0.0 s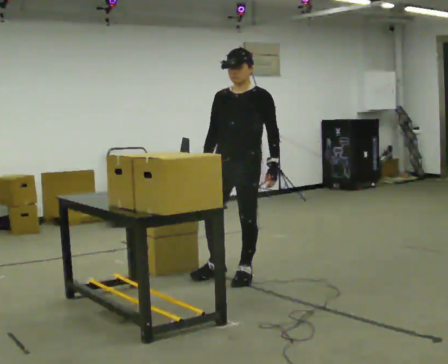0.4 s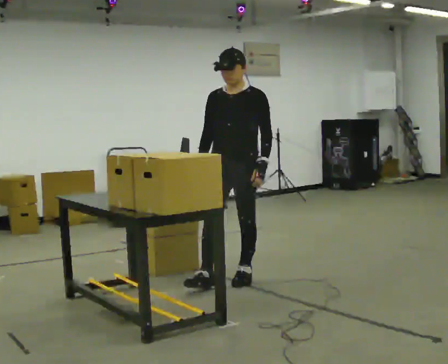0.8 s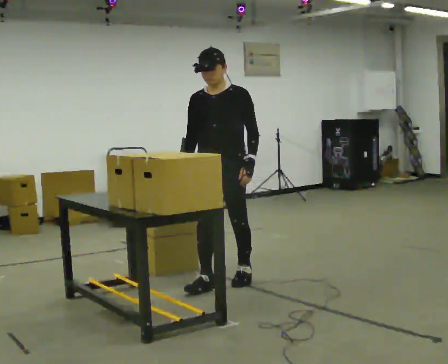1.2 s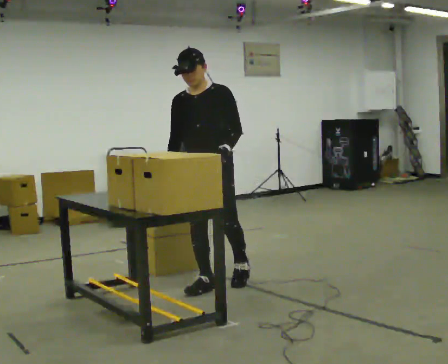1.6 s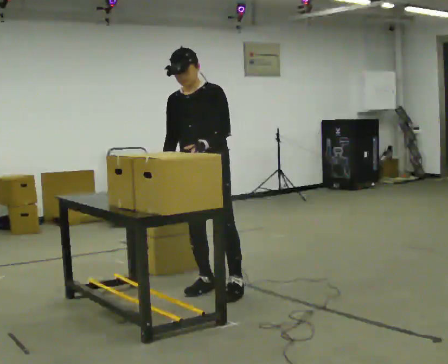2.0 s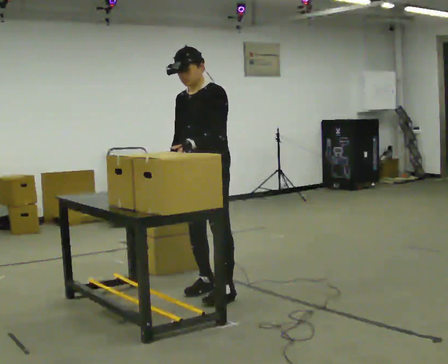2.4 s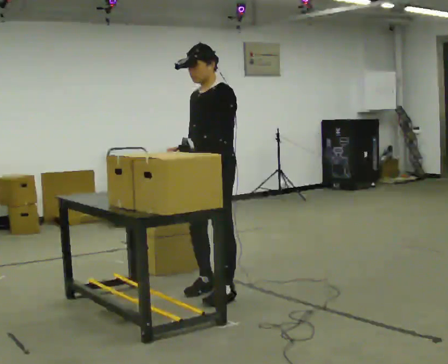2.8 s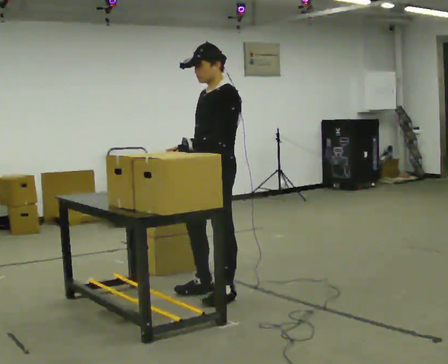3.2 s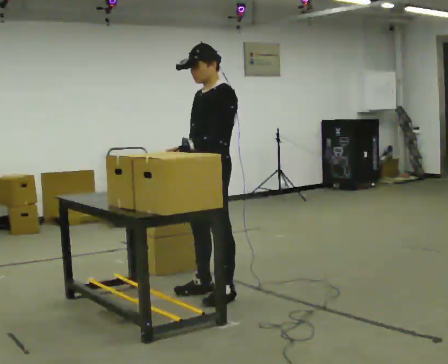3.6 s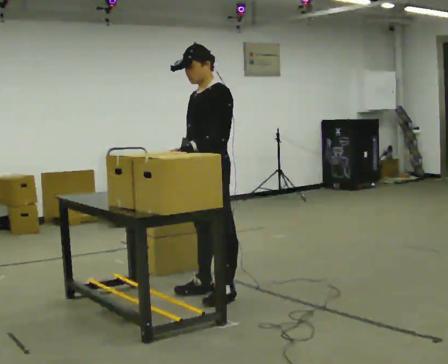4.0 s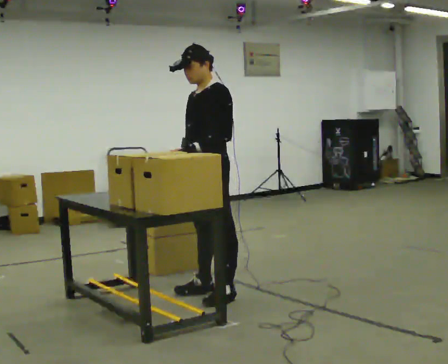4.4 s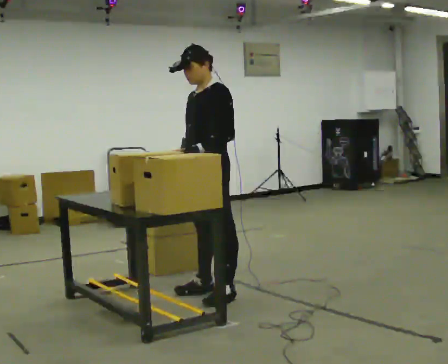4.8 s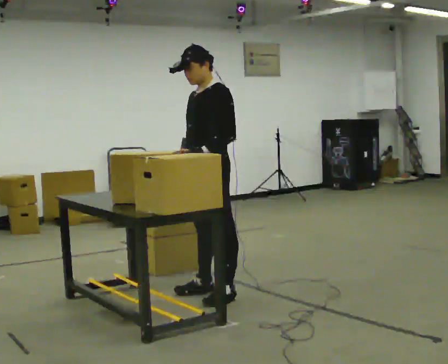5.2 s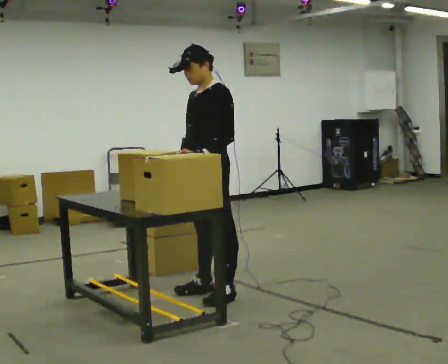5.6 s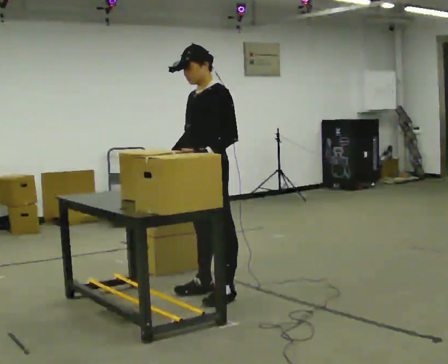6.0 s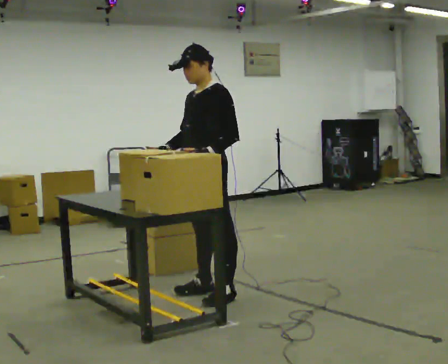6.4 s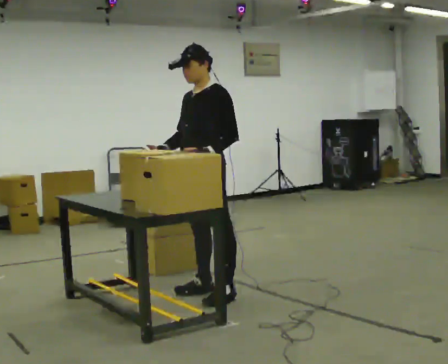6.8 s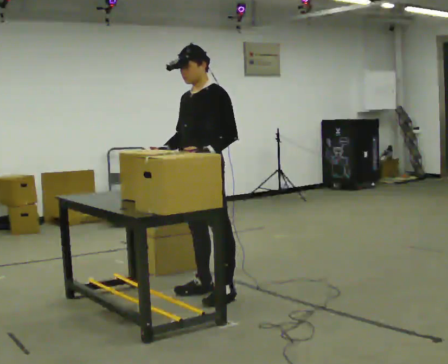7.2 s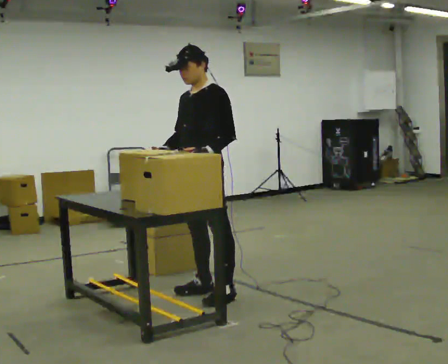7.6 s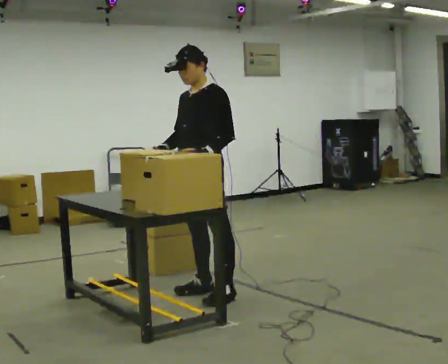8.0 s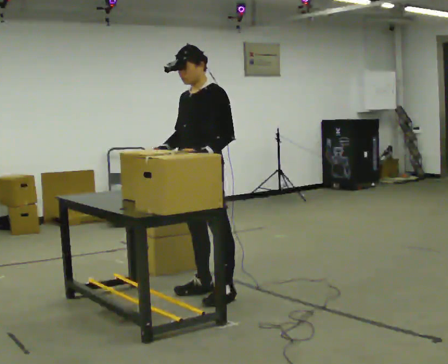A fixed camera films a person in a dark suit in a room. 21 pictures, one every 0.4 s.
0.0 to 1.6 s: In the picture they go to the left and toward the camera, about 0.25 m in 1 step, which for them is forward and to their right. In the picture the upper body tilts counterclockwise, shoulders to the left.
1.6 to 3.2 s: The part of the body nearest the lens slides to the left as the person turns to their right by about 30 degrees. In the picture they go toward the camera, about 0.25 m in 1 step, which for them is to their left. In the picture the upper body tilts clockwise, shoulders to the right.
3.2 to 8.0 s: The person moves a little, or ends about where they began.
The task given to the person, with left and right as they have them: Pick the fragile object up and set it back down as gently as you can. Repeat at your own pace until the operator says stop. Keep both feet on the marked spots for the whole take. If you have to step, stop and tell the operator.
The film runs forward here.
